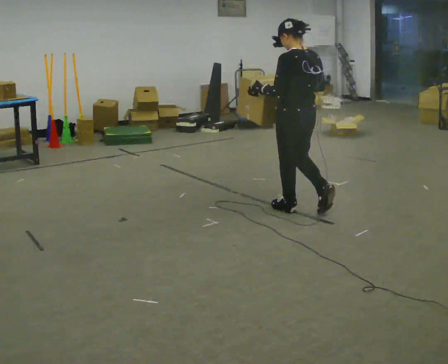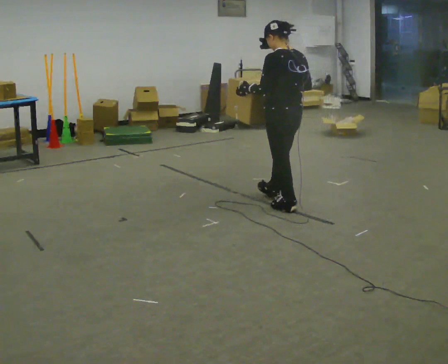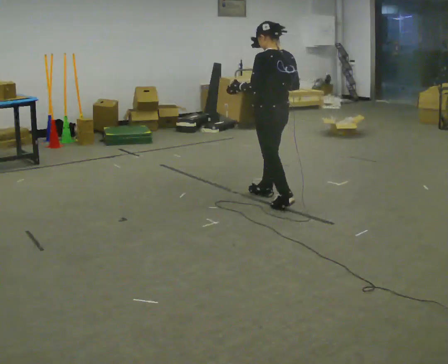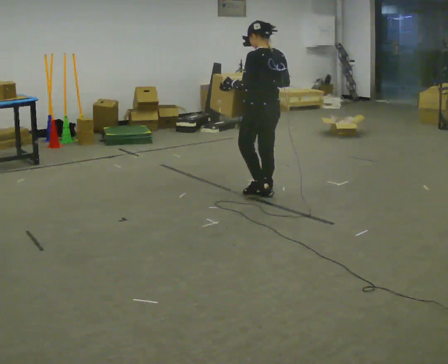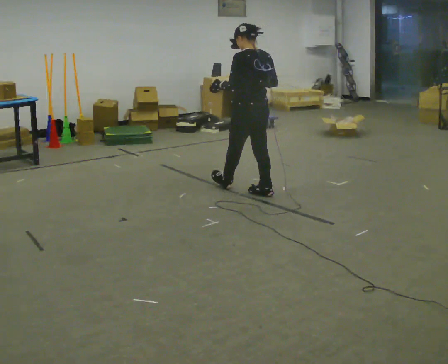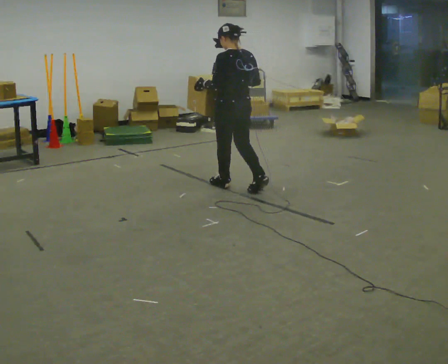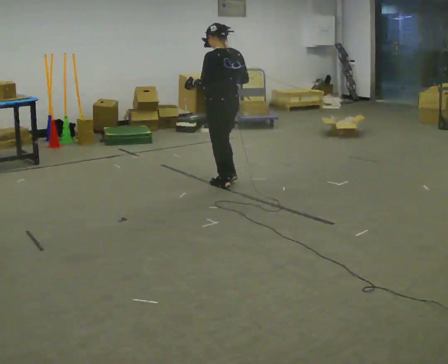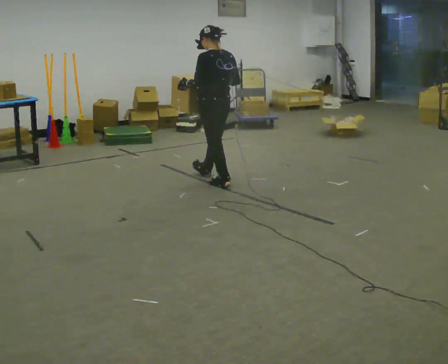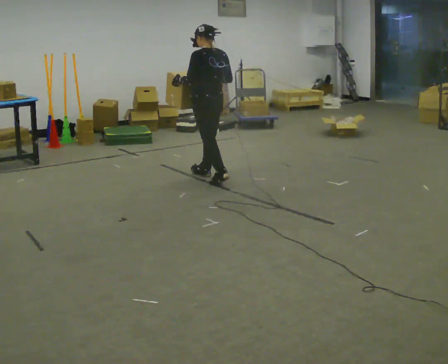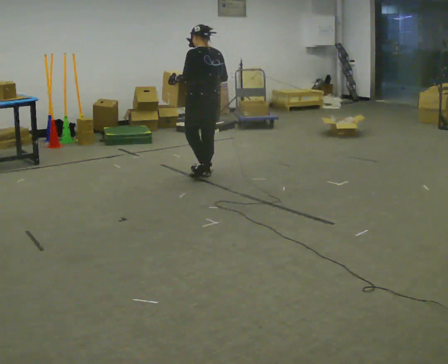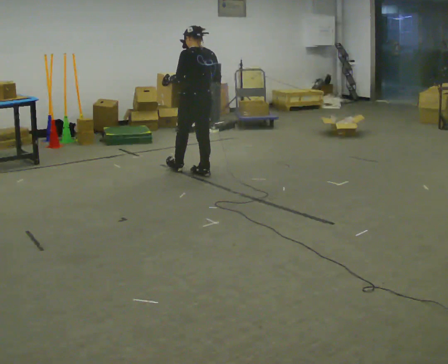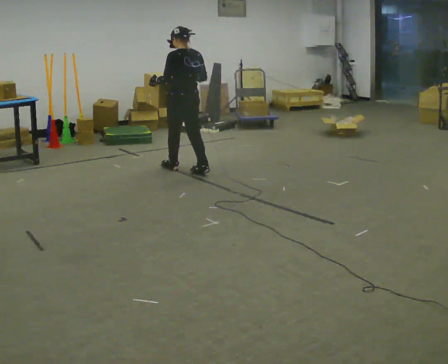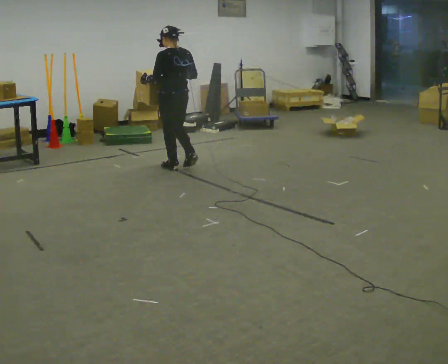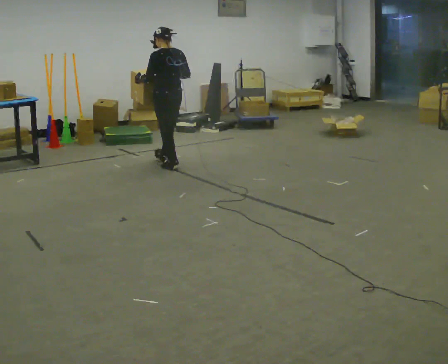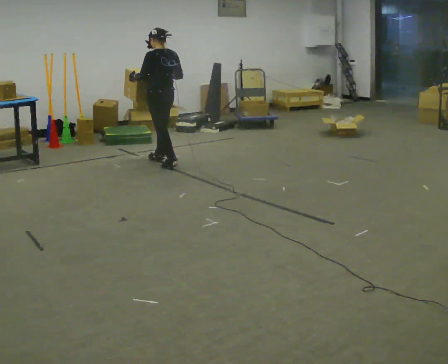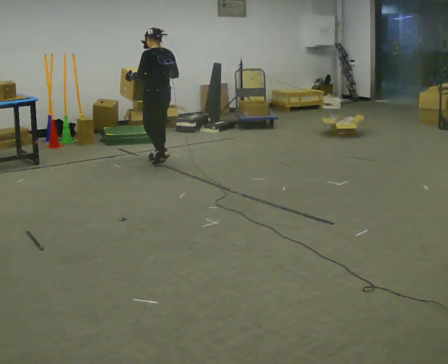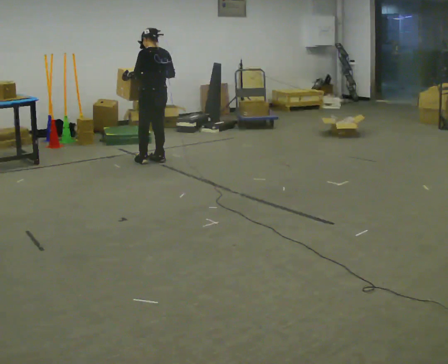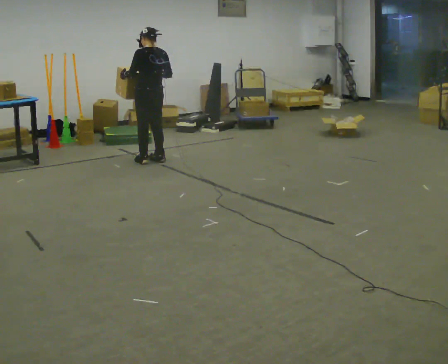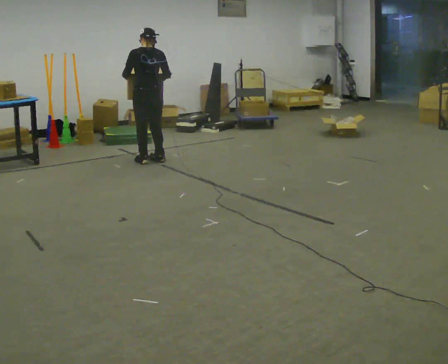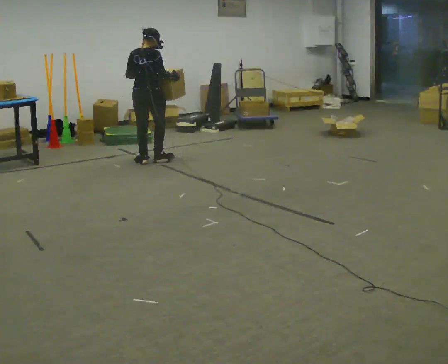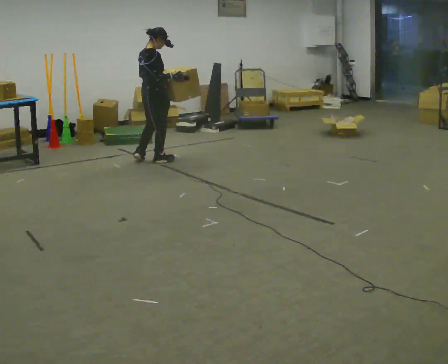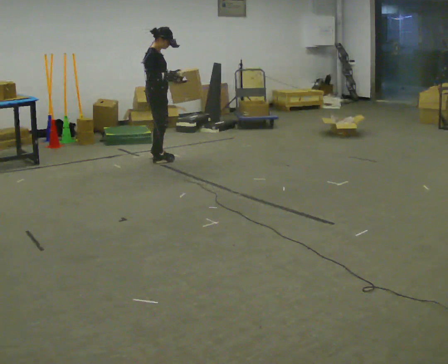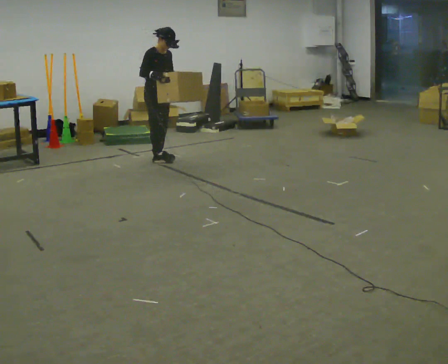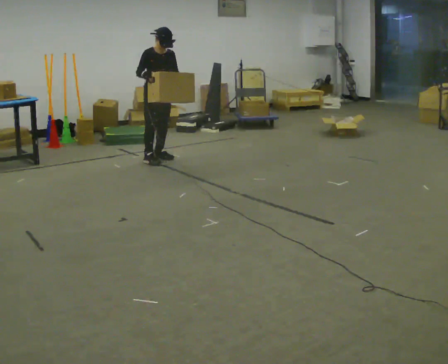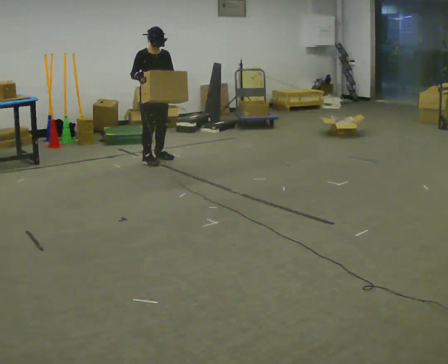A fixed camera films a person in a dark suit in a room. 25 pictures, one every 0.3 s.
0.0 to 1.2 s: In the picture they go away from the camera, about 0.5 m in 1 step, which for them is forward.
1.2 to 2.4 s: In the picture they go away from the camera and to the left, about 0.5 m in 2 steps, which for them is forward.
2.4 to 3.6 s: In the picture they go away from the camera and to the left, about 0.5 m in 1 step, which for them is forward.
3.6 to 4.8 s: In the picture they go away from the camera and to the left, about 0.5 m in 2 steps, which for them is forward.
4.8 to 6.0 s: Seen from above the body turns clockwise, about 90 degrees: to their right, with its near side sliding to the left.
6.0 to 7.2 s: Seen from above the body turns clockwise, about 90 degrees: to their right, with its near side sliding to the left. In the picture their right hand goes to the left.
The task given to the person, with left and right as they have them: Carry the box and, while you are still walking, turn it so you can read the label, read it out loud, then carry on. Repeat with the next box. Do not stop to read it.
The film runs forward here.
